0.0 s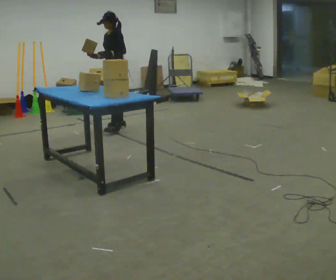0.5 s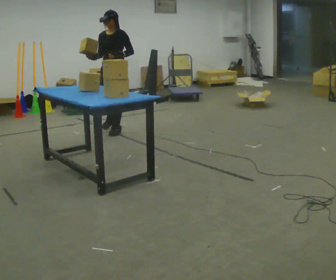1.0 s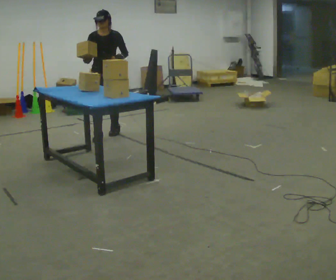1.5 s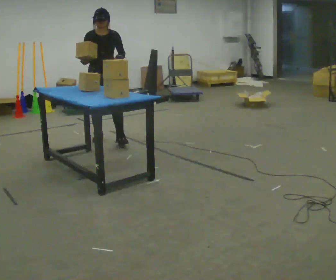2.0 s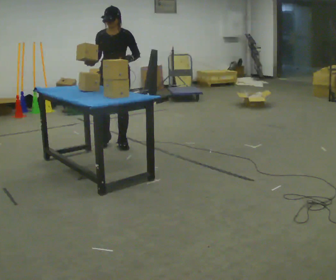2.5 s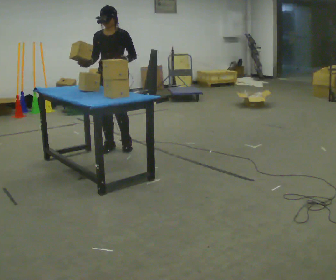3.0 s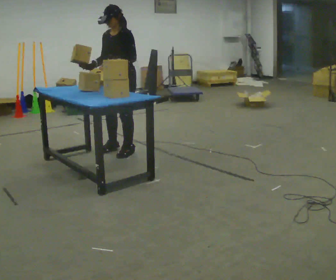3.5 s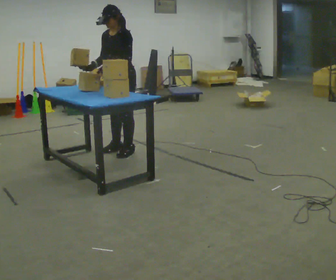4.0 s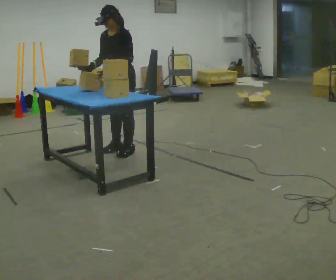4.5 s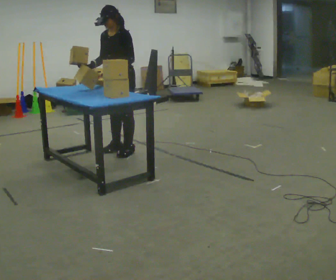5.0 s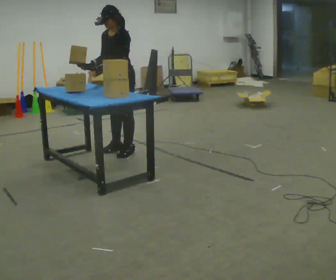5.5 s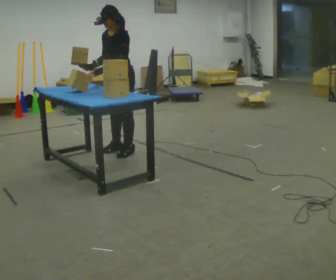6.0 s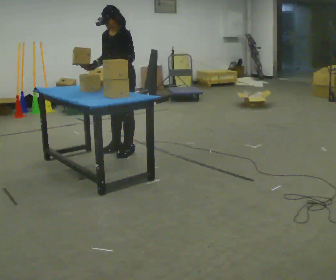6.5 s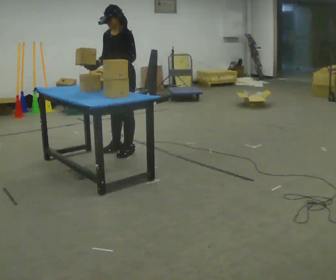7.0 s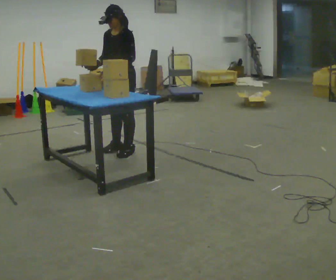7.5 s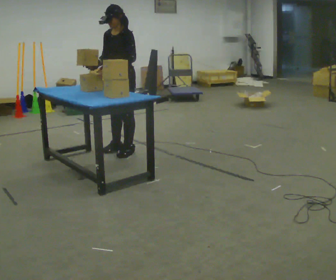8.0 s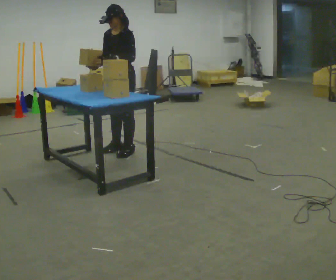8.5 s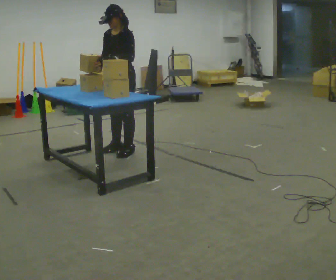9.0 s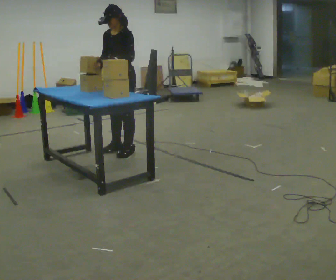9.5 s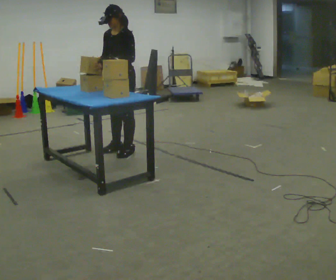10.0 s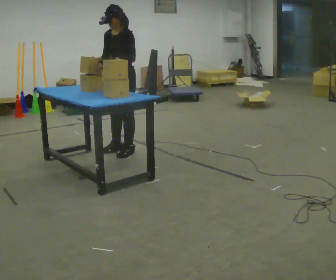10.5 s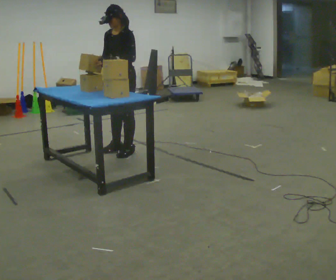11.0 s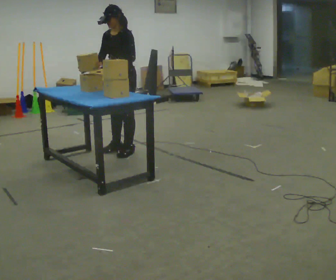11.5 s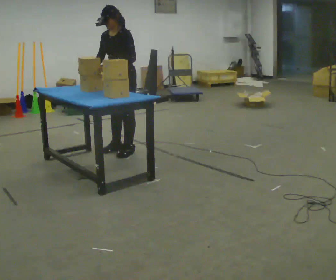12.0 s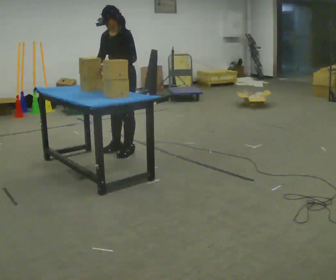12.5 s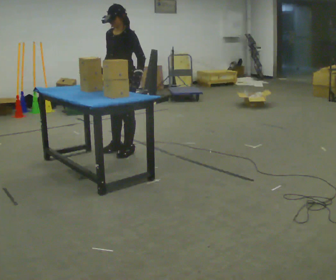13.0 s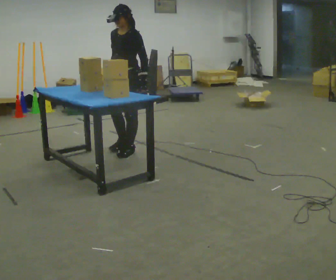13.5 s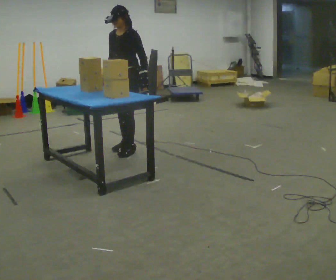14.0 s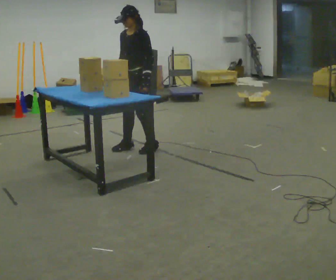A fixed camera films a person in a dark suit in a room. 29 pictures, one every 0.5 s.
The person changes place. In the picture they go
toward the camera.
The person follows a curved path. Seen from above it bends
counterclockwise.
0.0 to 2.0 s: The part of the body nearest the lens slides to the right as the person turns to their left by about 60 degrees. In the picture they go toward the camera, about 1 m in 2 steps.
2.0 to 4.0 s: Seen from above the body turns clockwise, about 45 degrees: to their right, with its near side sliding to the left. In the picture they go toward the camera, about 0.25 m in 2 steps, which for them is to their left and forward.
4.0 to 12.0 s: The person moves a little, or ends about where they began.
12.0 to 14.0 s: In the picture they go to the right, about 0.25 m in 1 step, which for them is backward. In the picture their right hand goes to the right.
The film runs forward here.
